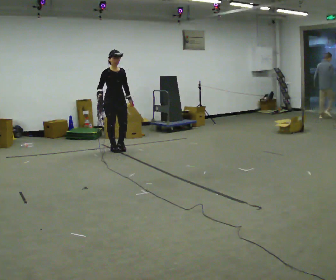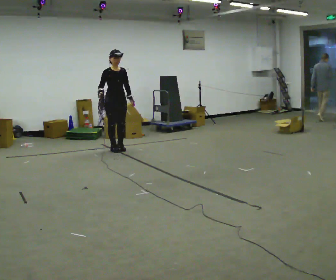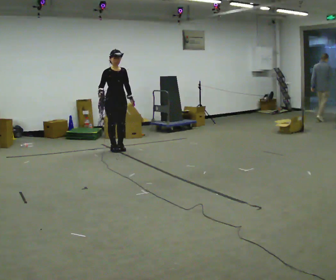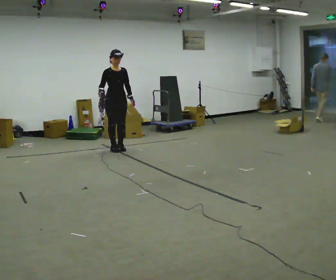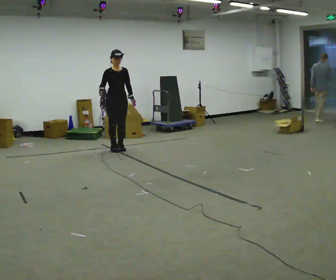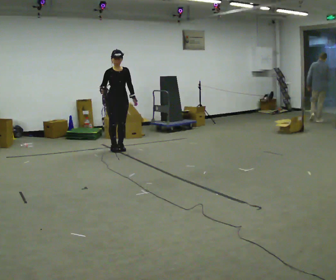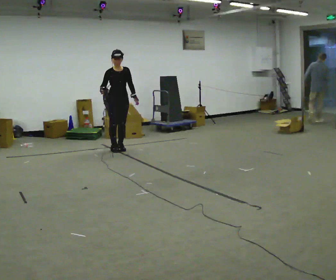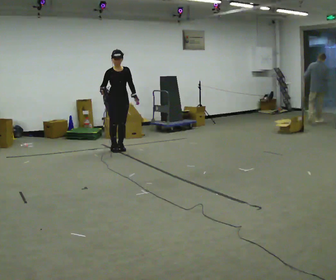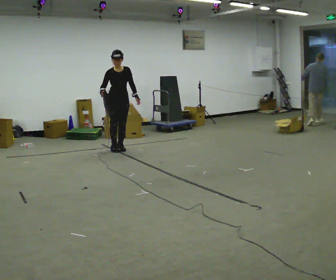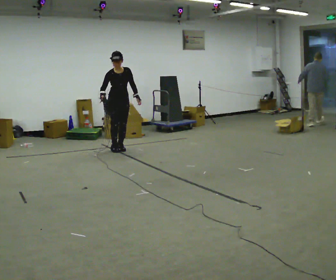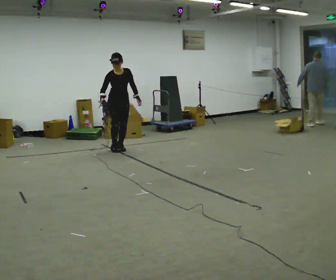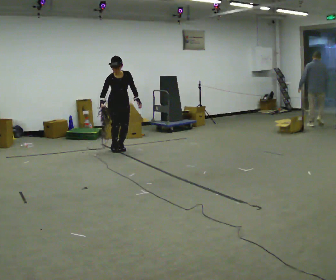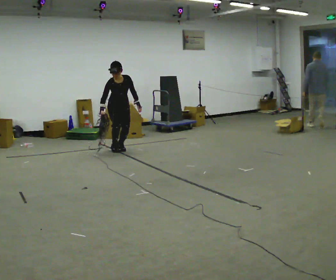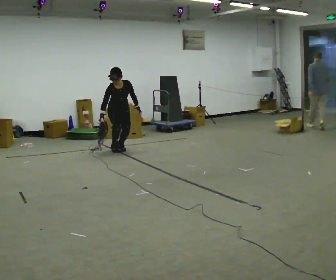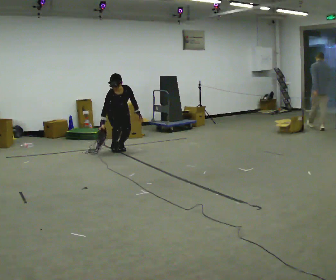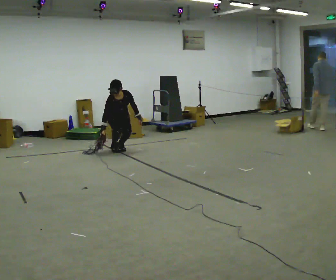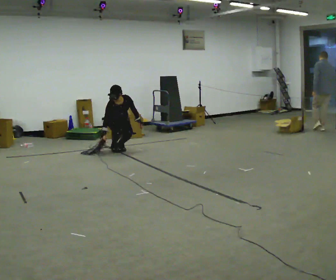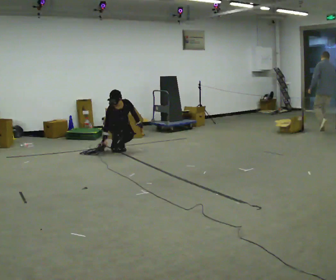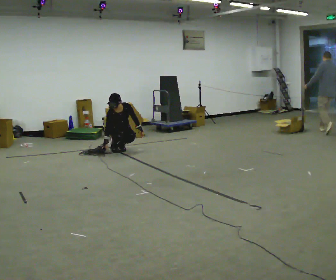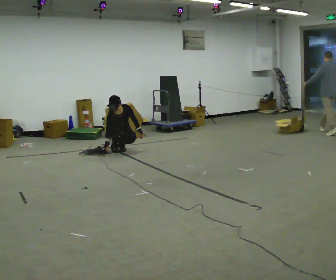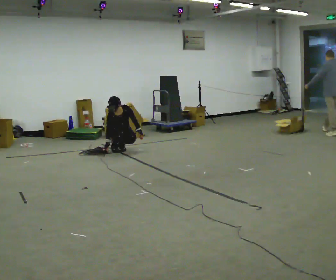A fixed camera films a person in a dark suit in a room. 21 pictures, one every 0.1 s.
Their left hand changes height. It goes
downward.
The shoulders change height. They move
downward.
0.0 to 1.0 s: The person moves a little, or ends about where they began.
1.0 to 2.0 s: The shoulders move downward. The upper body tips toward the camera, its near side rolling downward, as they bend forward. In the picture their right hand goes downward.
The film runs backward here.
